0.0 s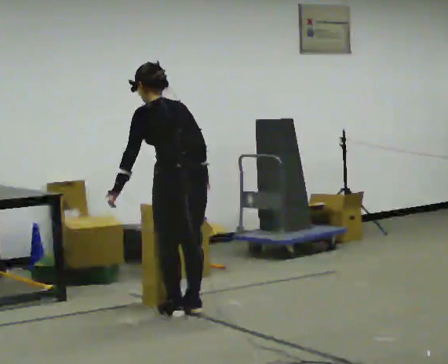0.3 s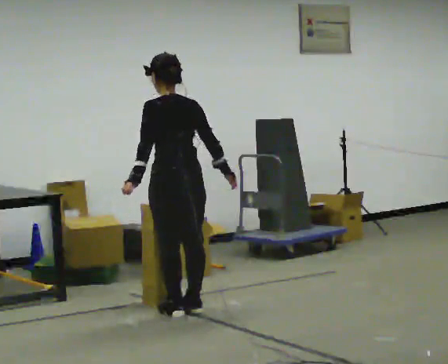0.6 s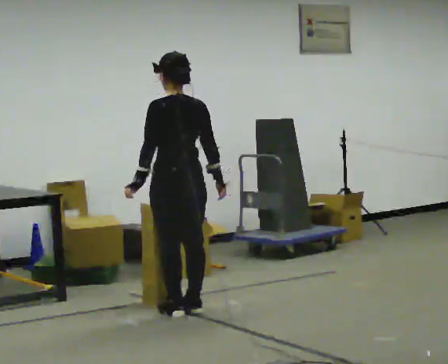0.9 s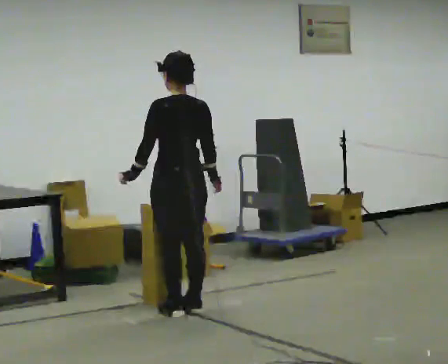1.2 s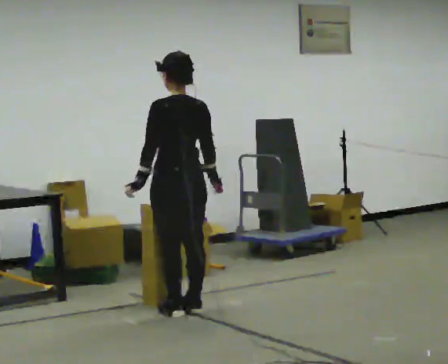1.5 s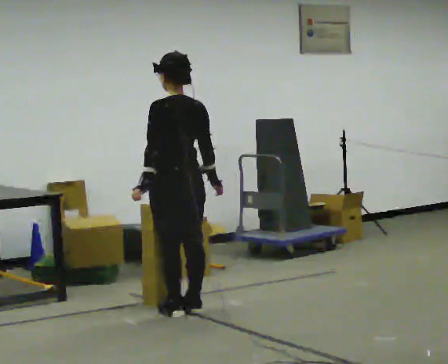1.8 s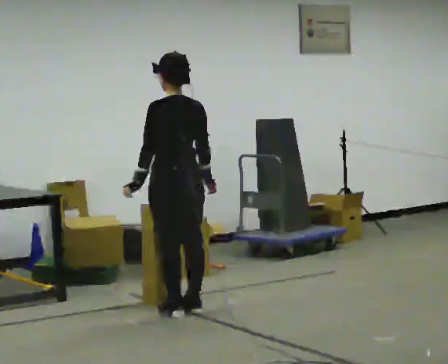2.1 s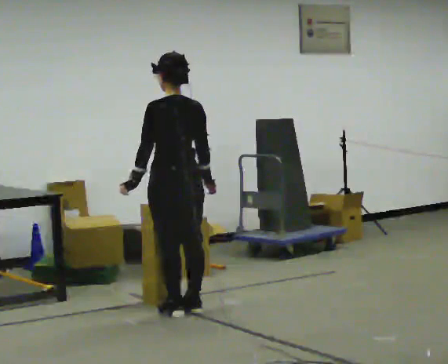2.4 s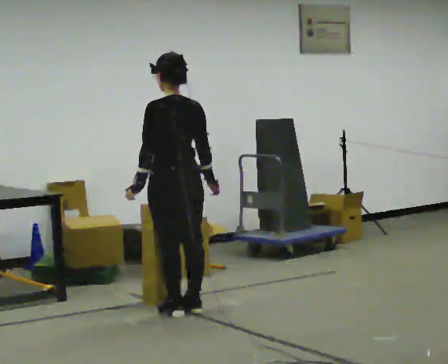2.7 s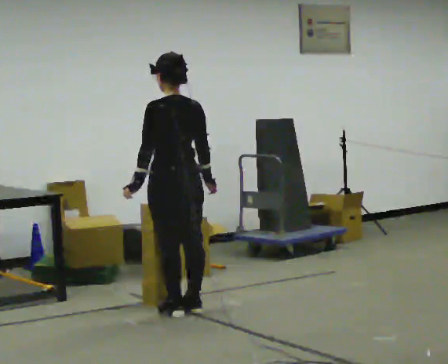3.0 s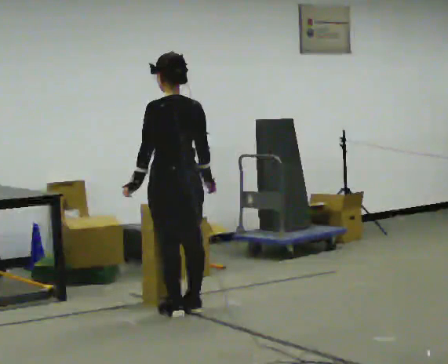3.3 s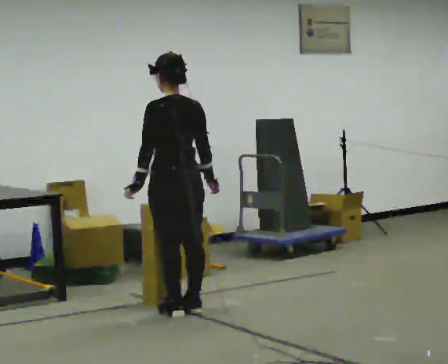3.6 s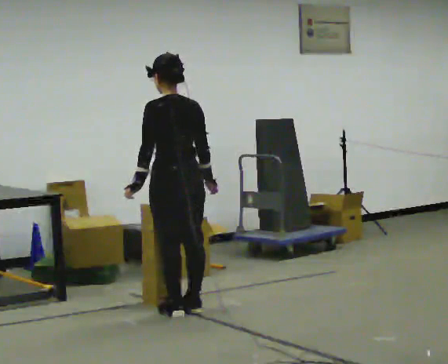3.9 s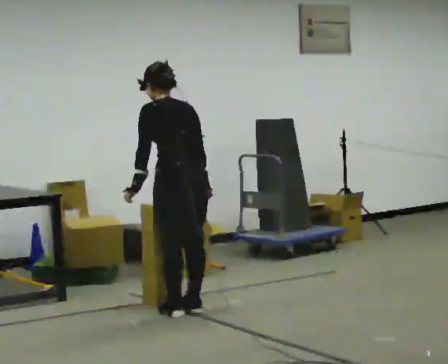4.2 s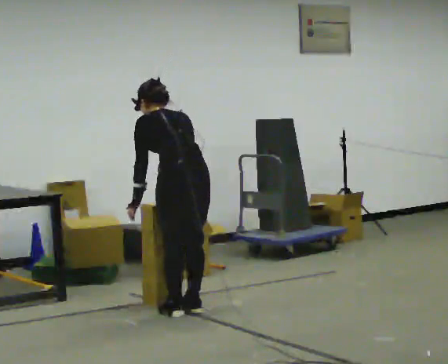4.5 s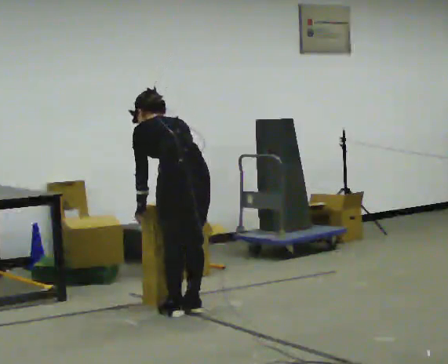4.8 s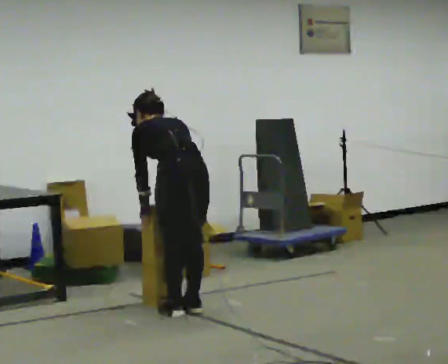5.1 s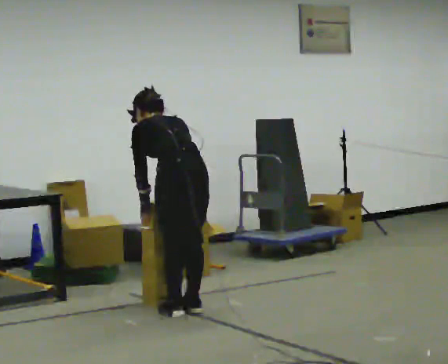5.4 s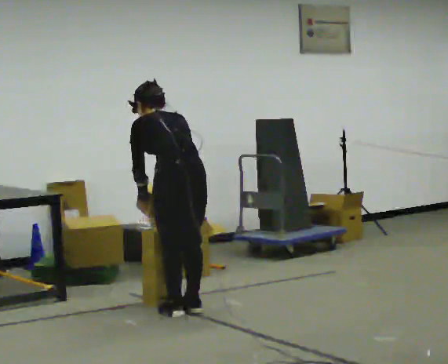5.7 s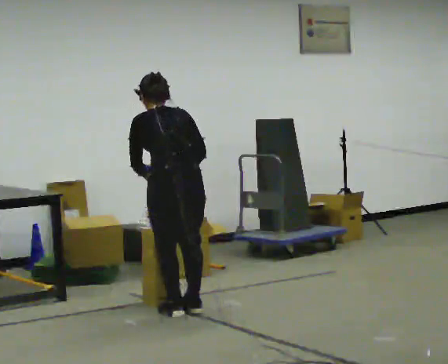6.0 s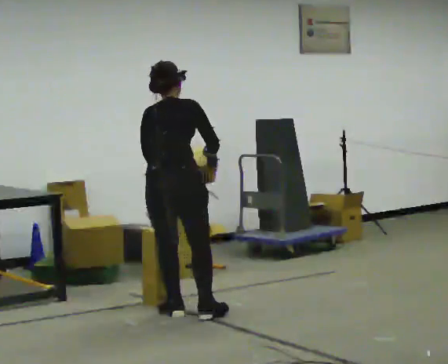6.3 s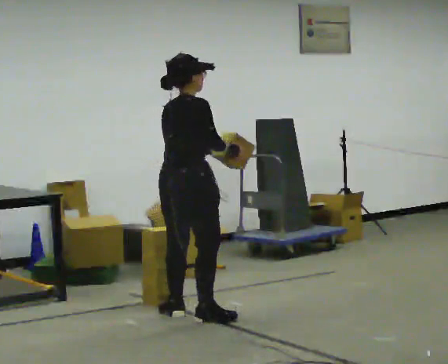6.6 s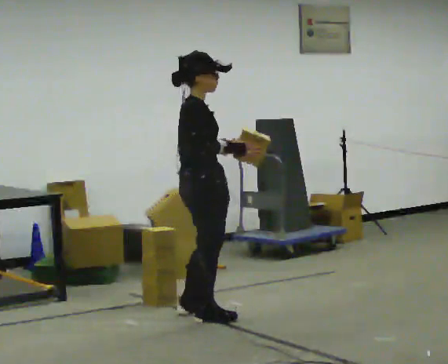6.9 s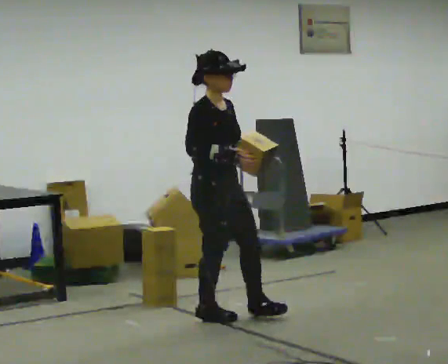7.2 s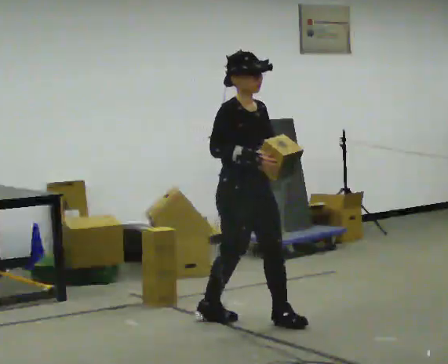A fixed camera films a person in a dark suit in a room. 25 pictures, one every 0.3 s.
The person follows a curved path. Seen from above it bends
counterclockwise.
The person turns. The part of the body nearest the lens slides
to the left.
0.0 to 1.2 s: The upper body tips toward the camera, its near side rolling downward, as they lean back or straighten.
1.2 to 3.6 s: The person moves a little, or ends about where they began.
3.6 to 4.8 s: The shoulders move downward. The upper body tips away from the camera, its near side rolling upward, as they bend forward.
4.8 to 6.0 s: The person turns about 45 degrees to their right, clockwise seen from above, so the part of the body nearest the lens slides to the left. In the picture the upper body tilts clockwise, shoulders to the right, as they lean back or straighten.
6.0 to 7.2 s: The part of the body nearest the lens slides to the left as the person turns to their right by about 105 degrees. In the picture they go to the right and toward the camera, about 0.5 m in 2 steps. The upper body tips toward the camera, its near side rolling downward, as they lean back or straighten.
The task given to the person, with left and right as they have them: Carry the stack of boxes across the room without letting it fall over, then bring it back. Keep going until the operator says stop; one object at a time, and do not rush between trips.
The film runs forward here.
